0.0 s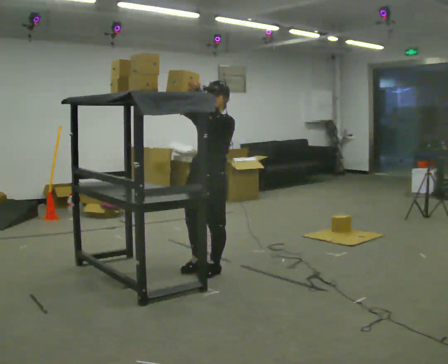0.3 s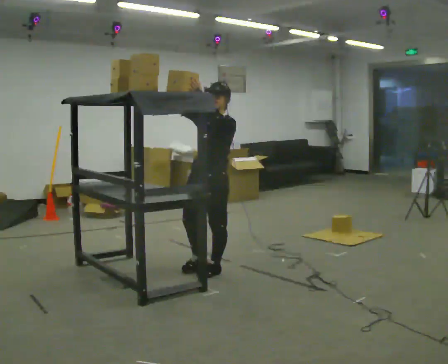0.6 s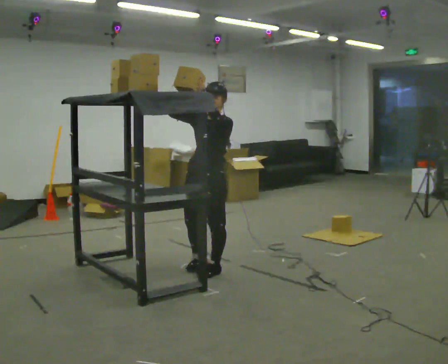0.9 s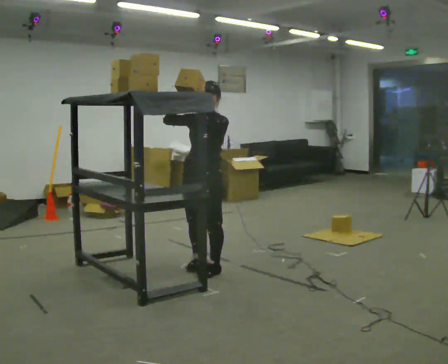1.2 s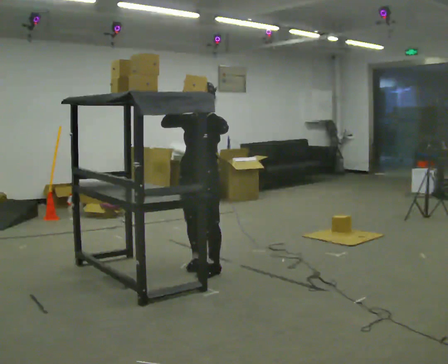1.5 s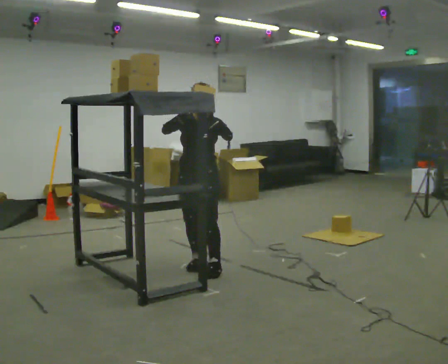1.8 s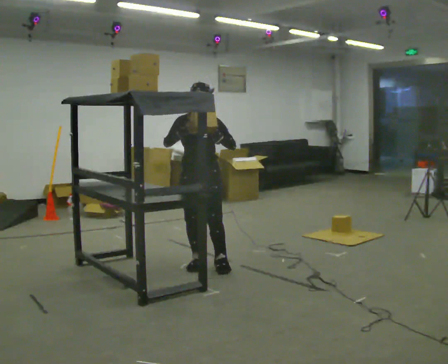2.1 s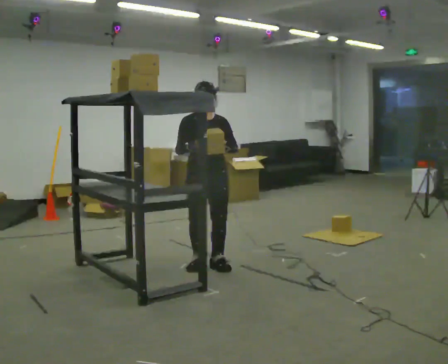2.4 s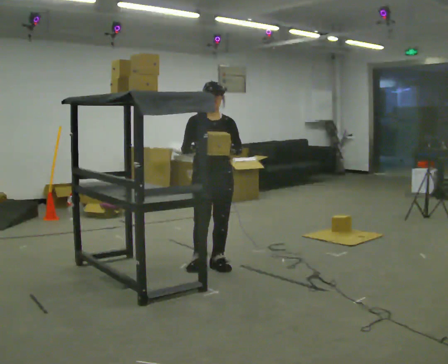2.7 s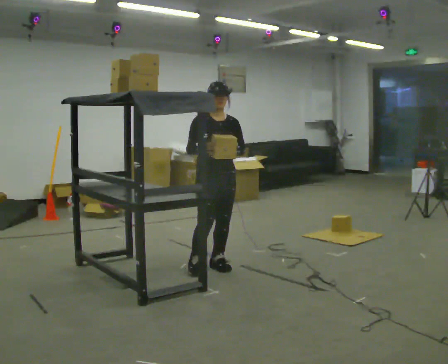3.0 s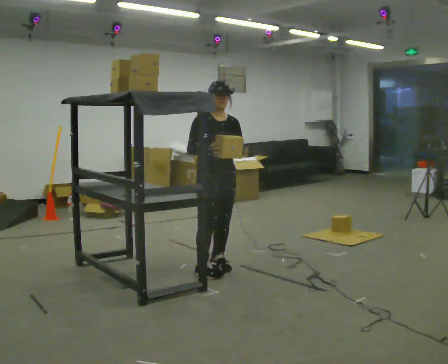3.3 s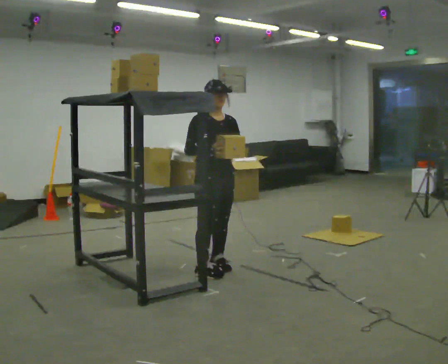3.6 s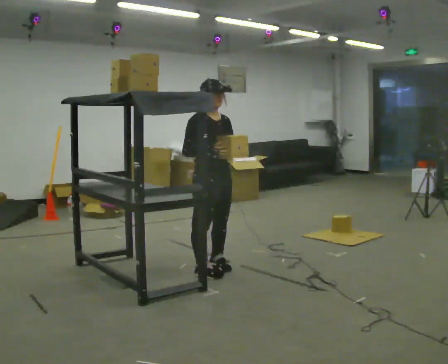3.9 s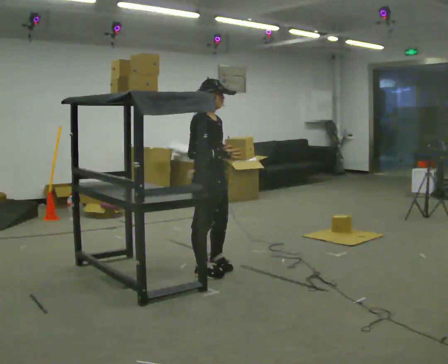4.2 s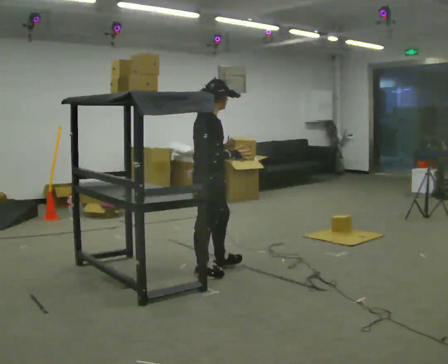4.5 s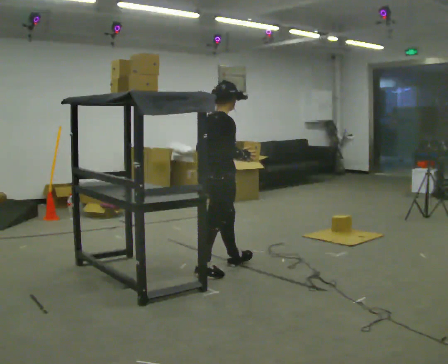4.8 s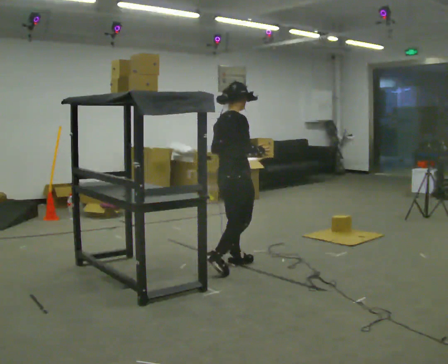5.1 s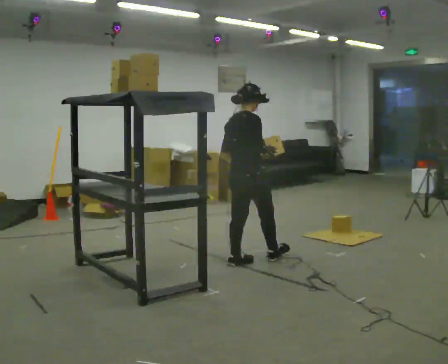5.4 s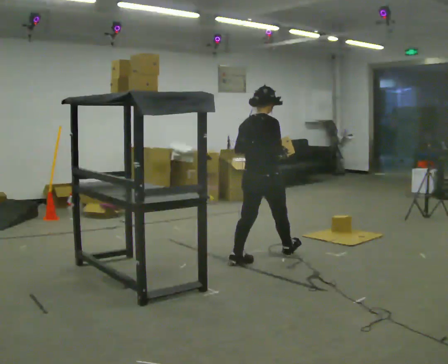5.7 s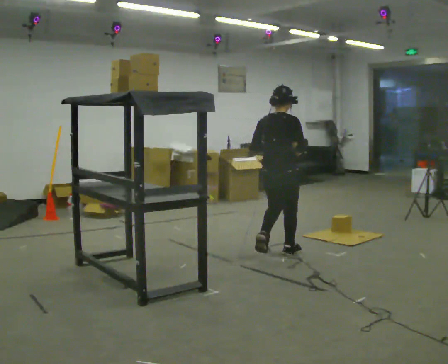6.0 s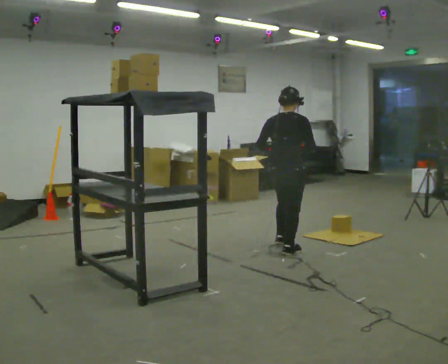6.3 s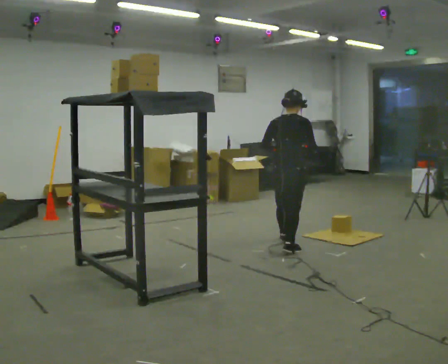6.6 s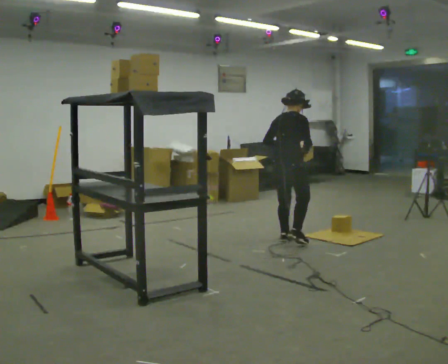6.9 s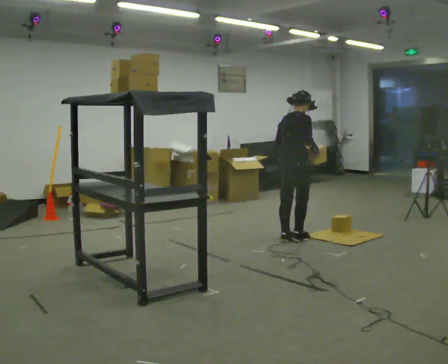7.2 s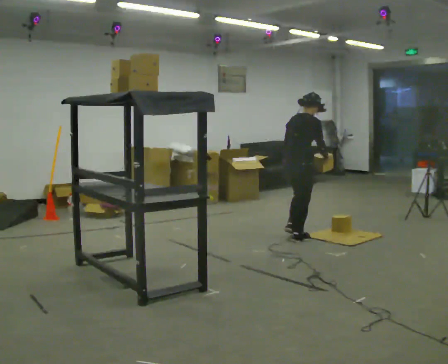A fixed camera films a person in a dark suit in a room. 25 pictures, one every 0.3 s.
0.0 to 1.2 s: Seen from above the body turns counterclockwise, about 30 degrees: to their left, with its near side sliding to the right.
1.2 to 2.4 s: The person turns about 30 degrees to their left, counterclockwise seen from above, so the part of the body nearest the lens slides to the right. In the picture their left hand goes downward.
2.4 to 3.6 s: The person turns about 30 degrees to their left, counterclockwise seen from above, so the part of the body nearest the lens slides to the right.
3.6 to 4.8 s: The part of the body nearest the lens slides to the right as the person turns to their left by about 60 degrees. In the picture they go to the right and away from the camera, about 0.25 m in 1 step.
4.8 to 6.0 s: The person turns about 45 degrees to their left, counterclockwise seen from above, so the part of the body nearest the lens slides to the right. In the picture they go to the right and away from the camera, about 0.75 m in 1 step, which for them is forward.
6.0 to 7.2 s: In the picture they go away from the camera and to the right, about 0.5 m in 2 steps, which for them is forward and to their left.
The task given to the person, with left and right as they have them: Take an object from the highest shelf you can comfortably reach, carry it across, and place it on the lowest shelf. Keep going until the operator says stop; one object at a time, and do not rush between trips.
The film runs forward here.
